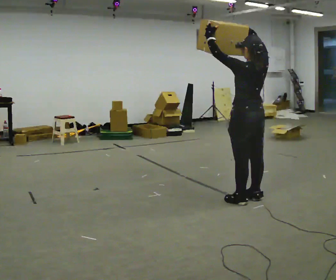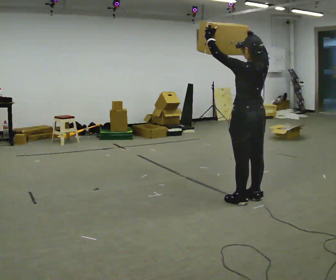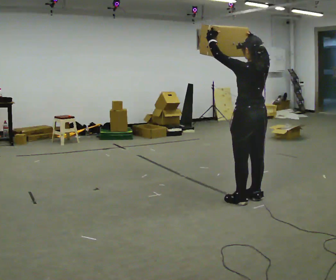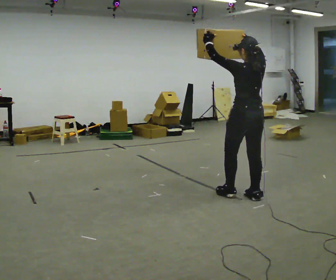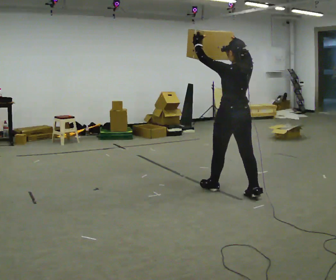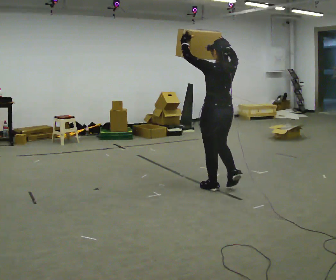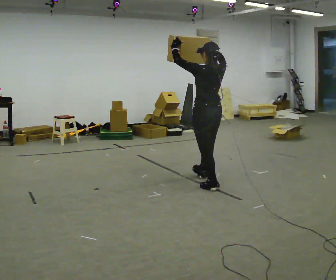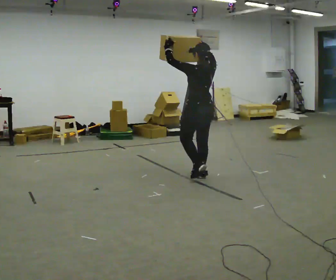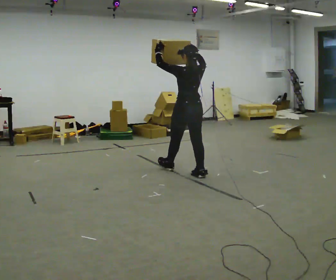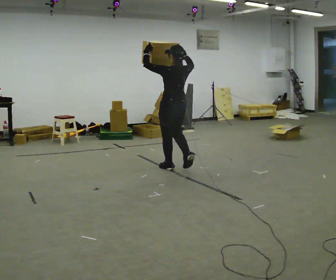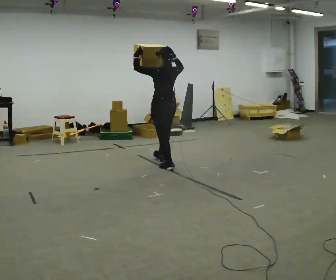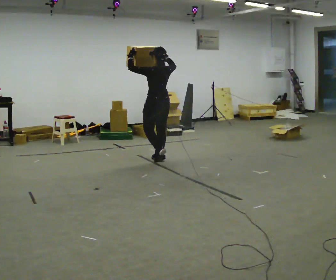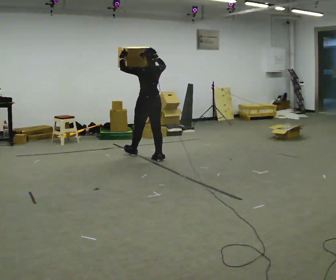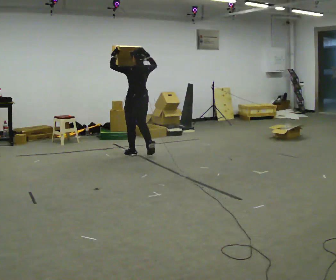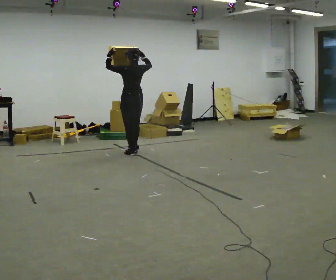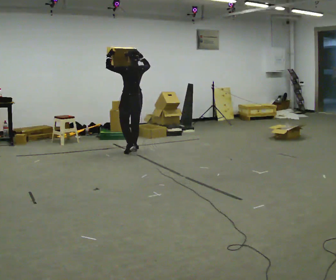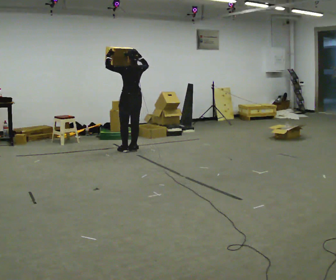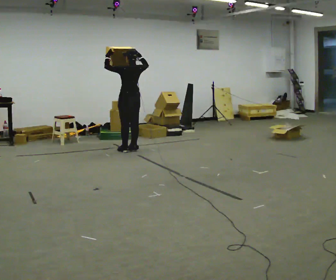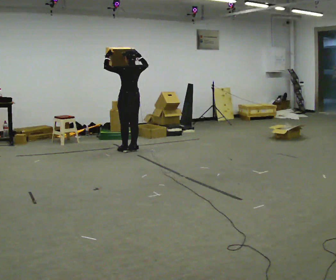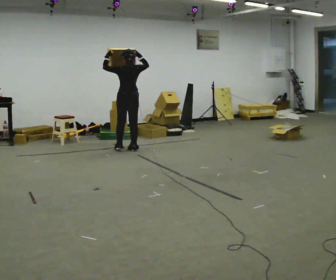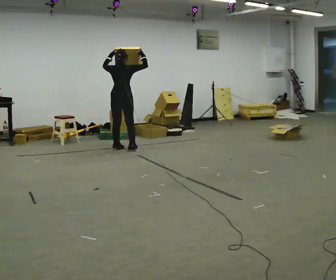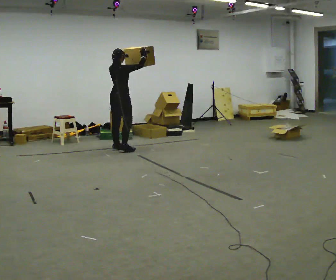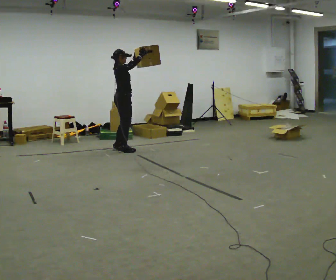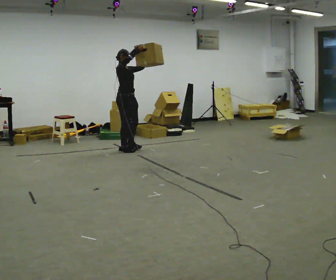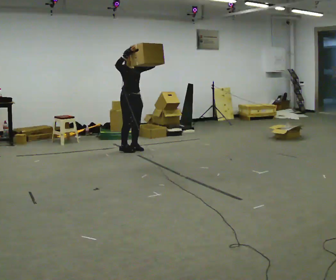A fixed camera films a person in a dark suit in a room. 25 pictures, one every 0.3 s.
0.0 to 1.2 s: In the picture they go away from the camera, about 0.25 m in 1 step, which for them is forward.
1.2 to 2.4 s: In the picture they go away from the camera and to the left, about 1 m in 1 step, which for them is forward.
2.4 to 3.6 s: In the picture they go away from the camera and to the left, about 1 m in 2 steps, which for them is forward.
3.6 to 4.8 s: In the picture they go away from the camera and to the left, about 0.5 m in 3 steps, which for them is forward.
4.8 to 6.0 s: The person turns about 45 degrees to their right, clockwise seen from above, so the part of the body nearest the lens slides to the left. In the picture they go to the left, about 0.25 m in 1 step, which for them is to their left.
6.0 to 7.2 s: The person turns about 120 degrees to their right, clockwise seen from above, so the part of the body nearest the lens slides to the left. In the picture they go to the right, about 0.25 m in 2 steps.
The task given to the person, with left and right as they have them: Carry the object held up above your head, walking back and forth across the room.
The film runs forward here.
